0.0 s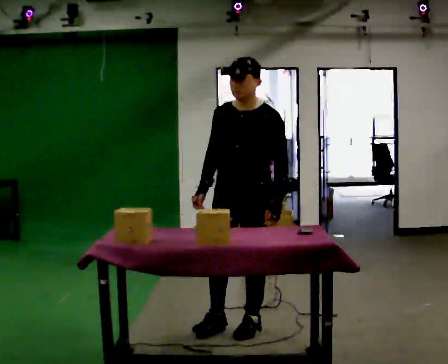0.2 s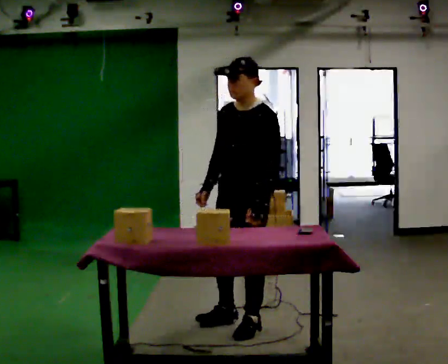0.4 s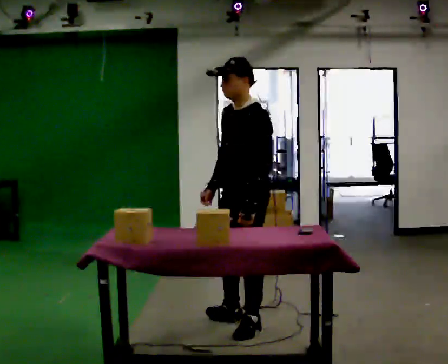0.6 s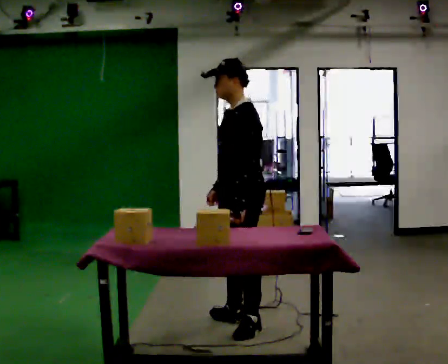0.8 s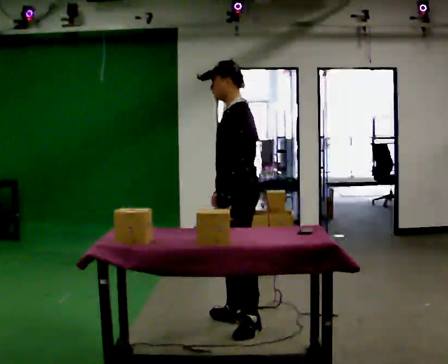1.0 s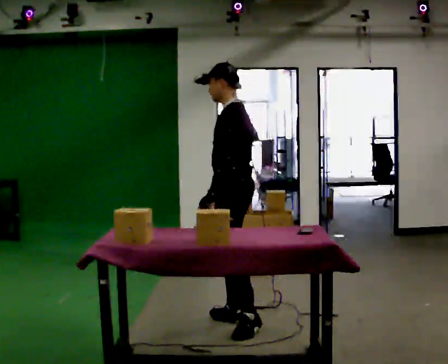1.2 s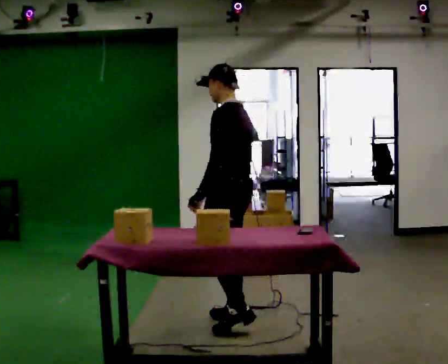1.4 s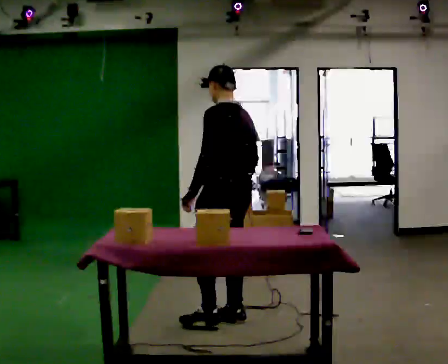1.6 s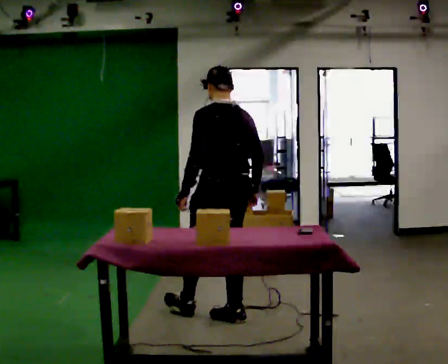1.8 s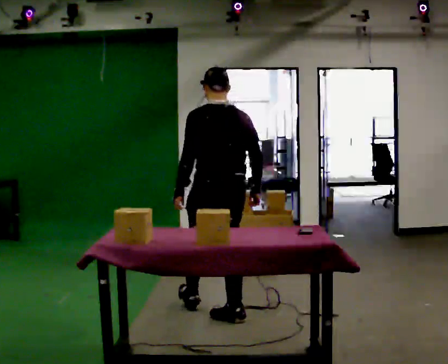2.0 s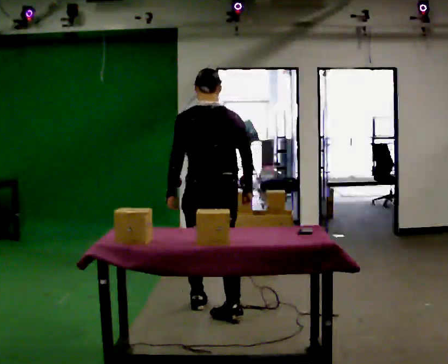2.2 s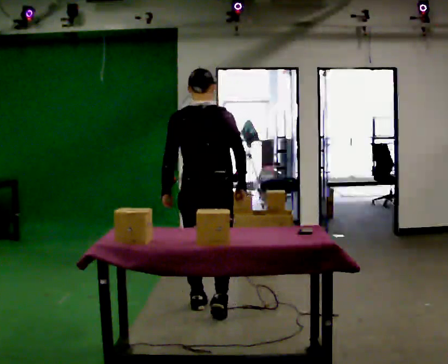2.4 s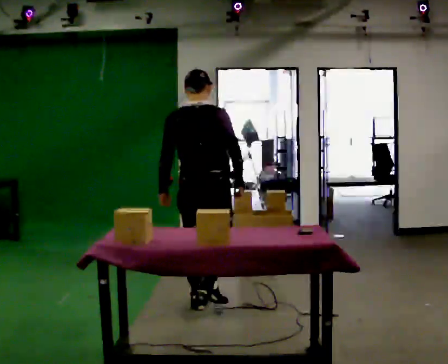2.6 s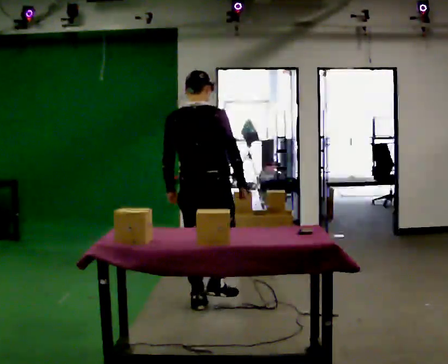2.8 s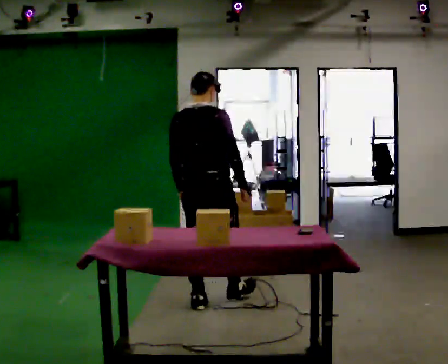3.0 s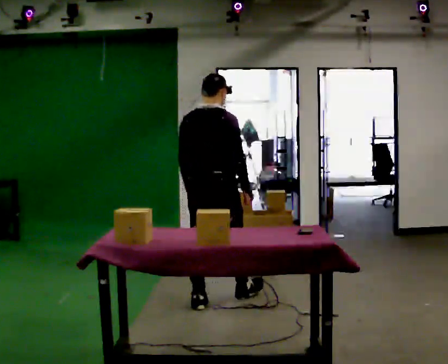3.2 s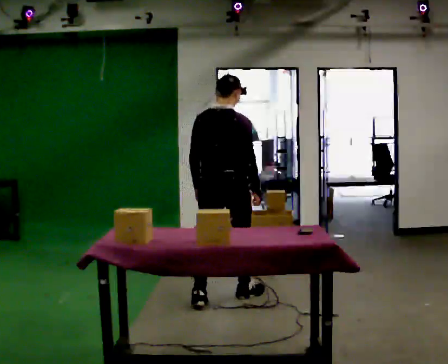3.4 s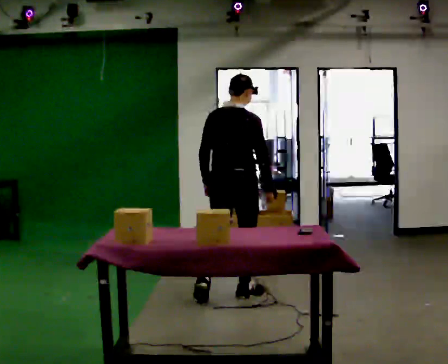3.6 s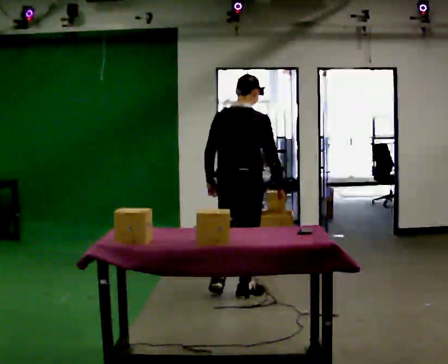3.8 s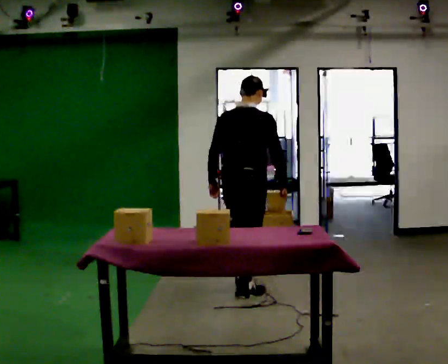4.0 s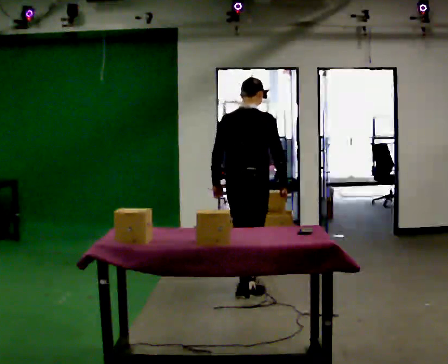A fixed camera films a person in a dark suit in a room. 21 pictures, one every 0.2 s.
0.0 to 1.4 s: The part of the body nearest the lens slides to the left as the person turns to their right by about 90 degrees. In the picture they go away from the camera, about 0.25 m in 1 step. In the picture their left hand goes to the left, the arm swinging clockwise.
1.4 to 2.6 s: The part of the body nearest the lens slides to the left as the person turns to their right by about 60 degrees. In the picture they go away from the camera and to the left, about 0.5 m in 1 step.
2.6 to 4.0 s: In the picture they go away from the camera and to the right, about 0.5 m in 2 steps, which for them is forward.
The film runs forward here.
